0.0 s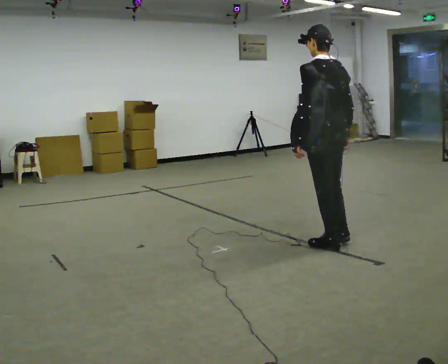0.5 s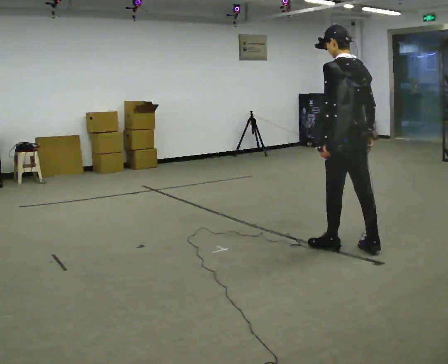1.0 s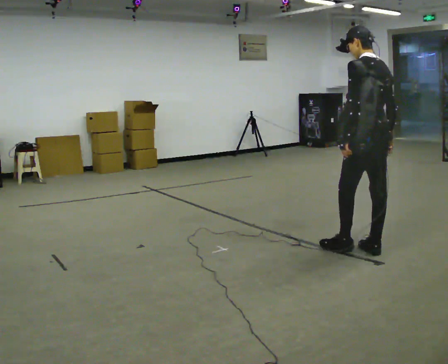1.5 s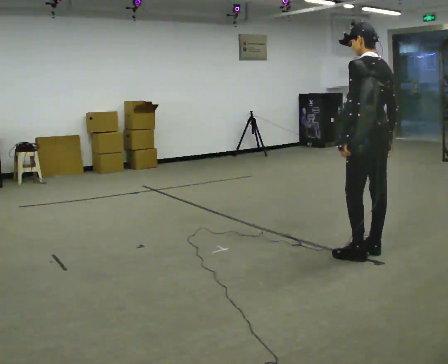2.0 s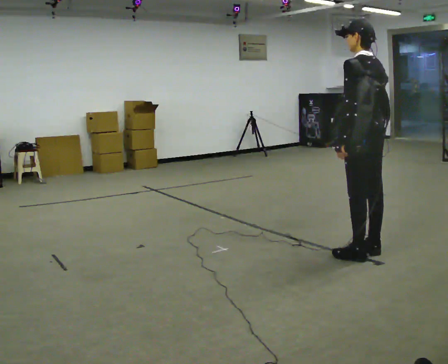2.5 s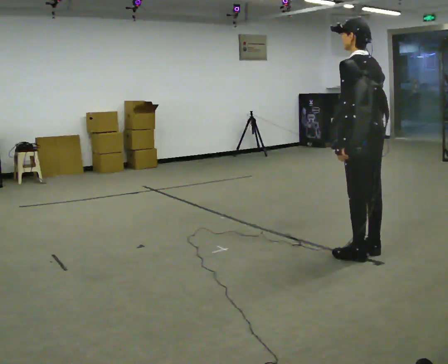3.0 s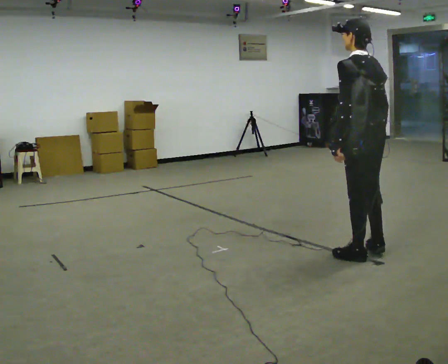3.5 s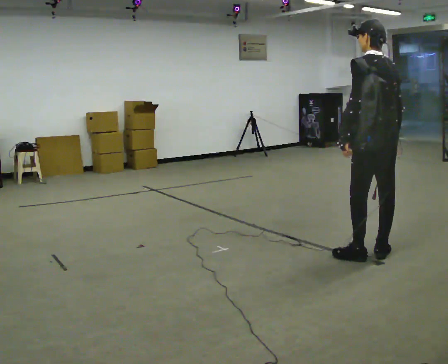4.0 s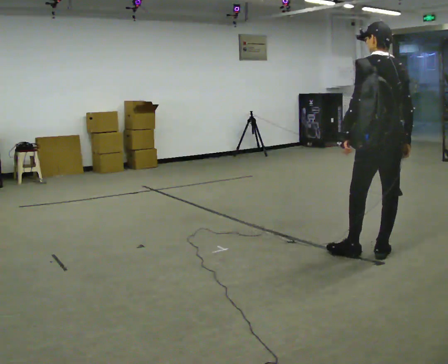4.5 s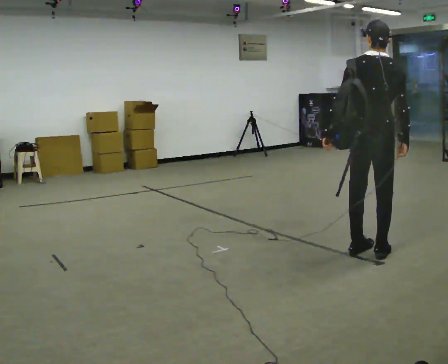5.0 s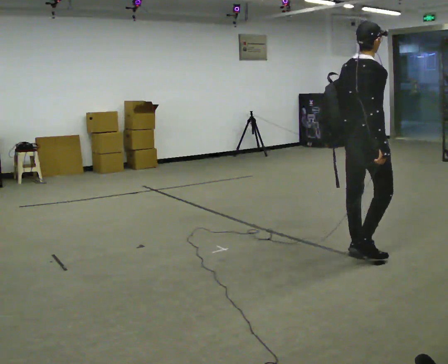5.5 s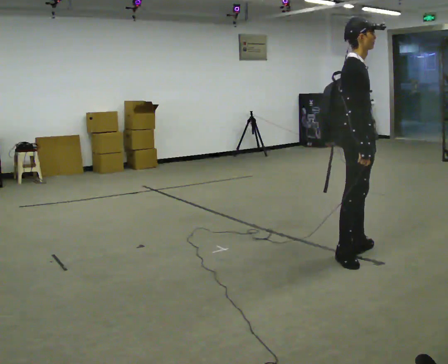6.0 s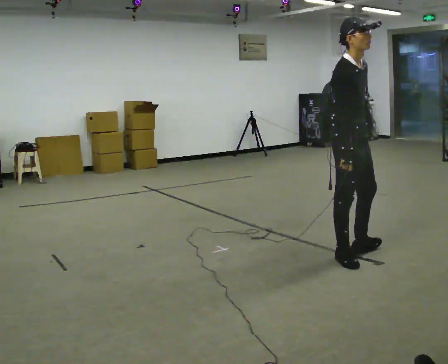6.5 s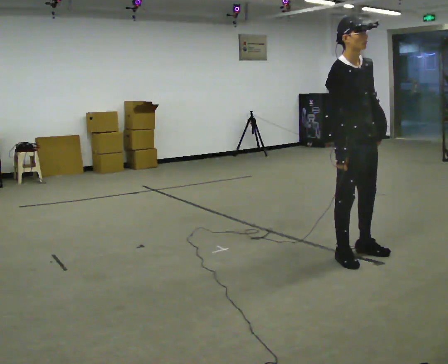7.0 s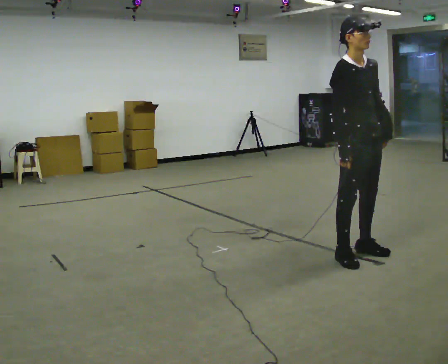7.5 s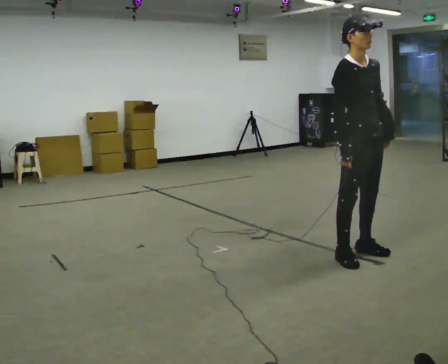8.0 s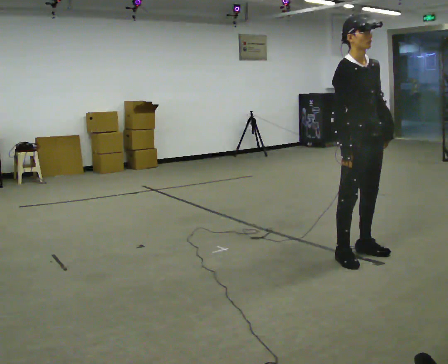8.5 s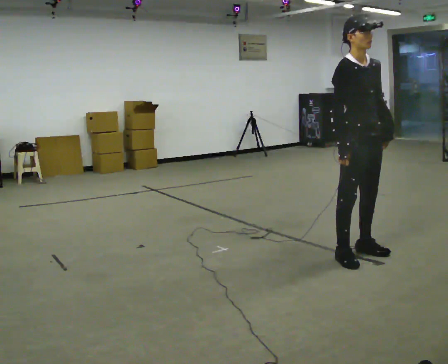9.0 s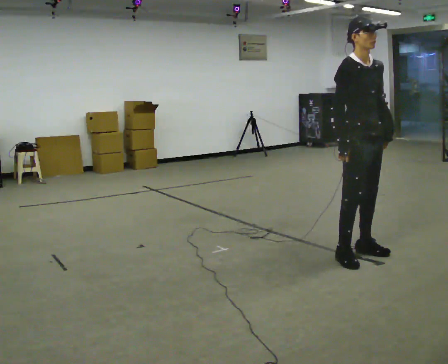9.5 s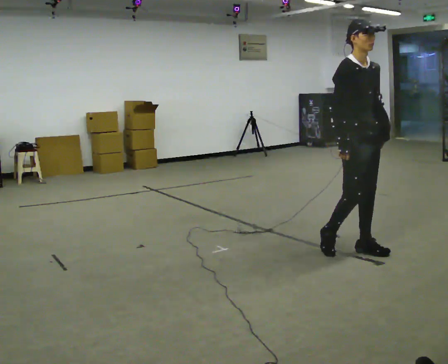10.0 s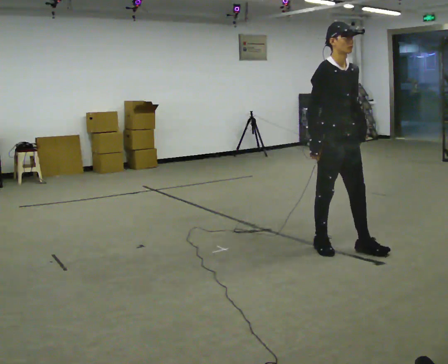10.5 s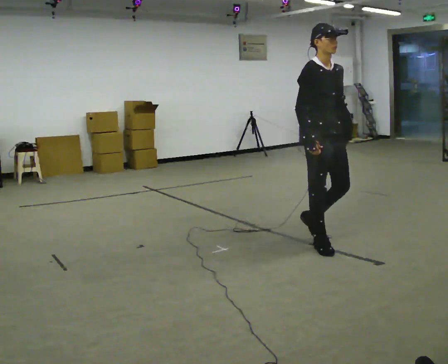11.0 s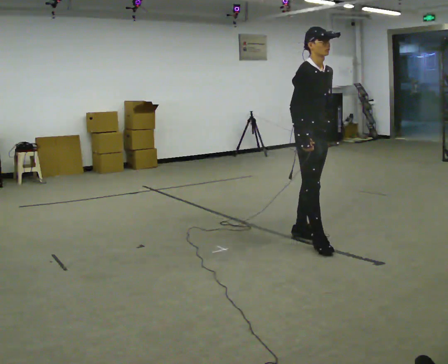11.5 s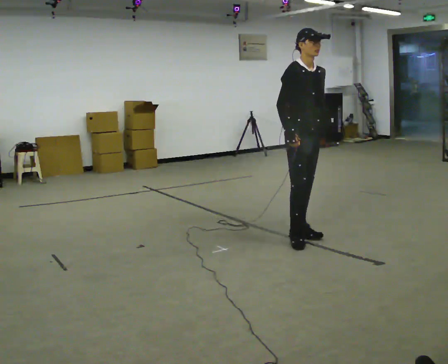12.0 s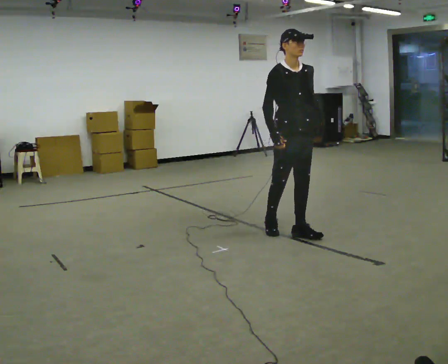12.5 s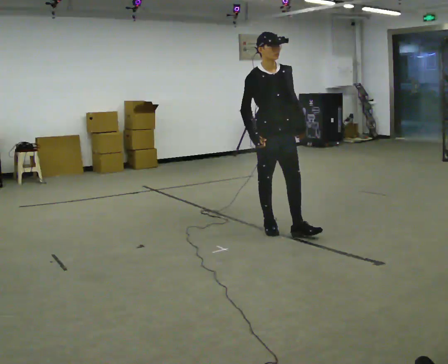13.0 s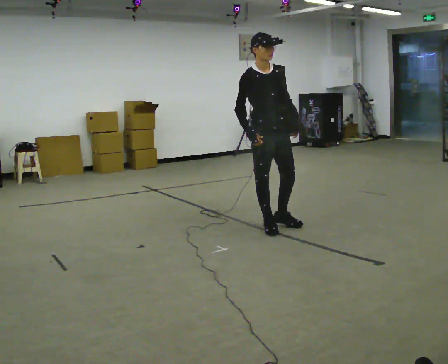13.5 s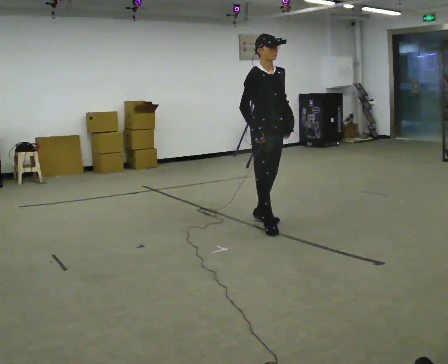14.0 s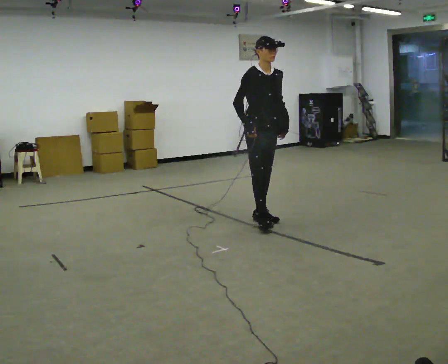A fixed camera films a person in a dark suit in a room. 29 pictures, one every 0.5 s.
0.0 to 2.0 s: In the picture they go to the right and toward the camera, about 0.25 m in 1 step, which for them is backward.
2.0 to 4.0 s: The person moves a little, or ends about where they began.
4.0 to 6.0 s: The part of the body nearest the lens slides to the left as the person turns to their right by about 135 degrees. In the picture they go to the left, about 0.25 m in 1 step.
6.0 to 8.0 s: The person moves a little, or ends about where they began.
8.0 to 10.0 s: In the picture they go to the left and away from the camera, about 0.25 m in 1 step, which for them is backward.
10.0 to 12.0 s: In the picture they go away from the camera and to the left, about 0.5 m in 2 steps, which for them is backward.
12.0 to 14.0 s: In the picture they go away from the camera and to the left, about 0.5 m in 2 steps, which for them is backward.
The film runs backward here.
